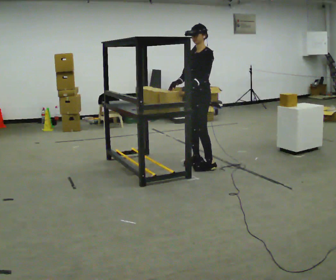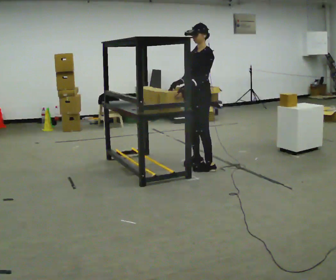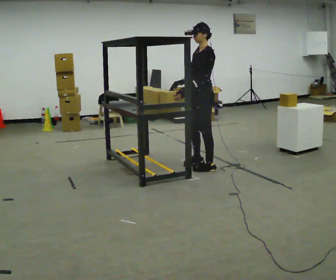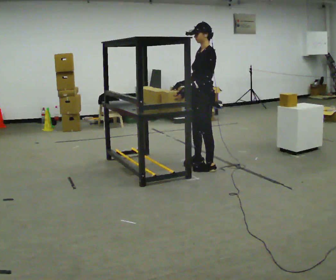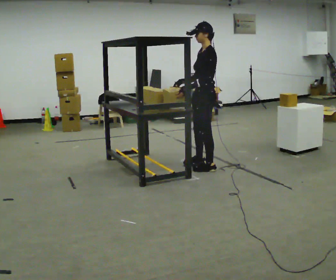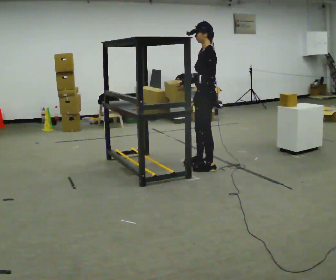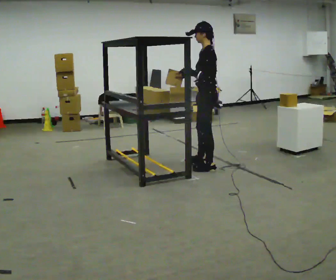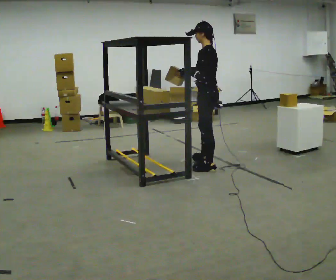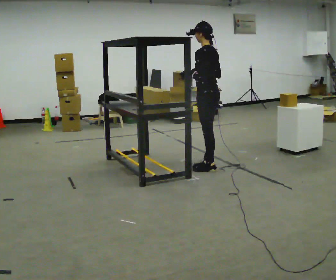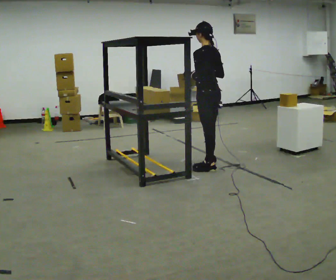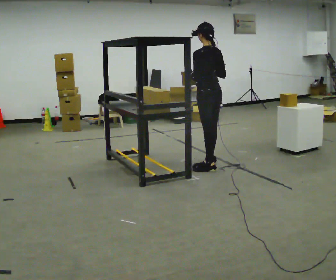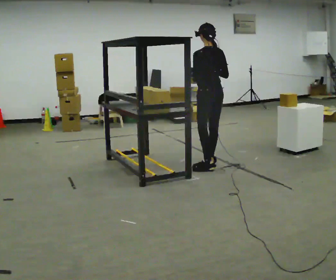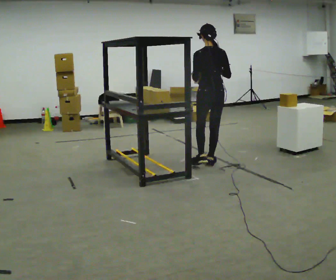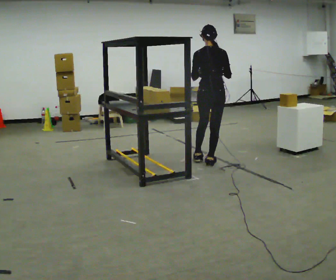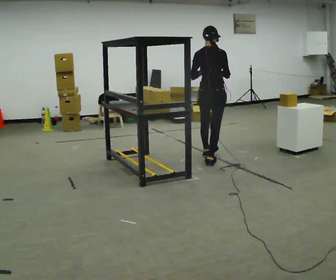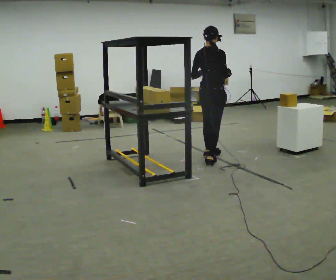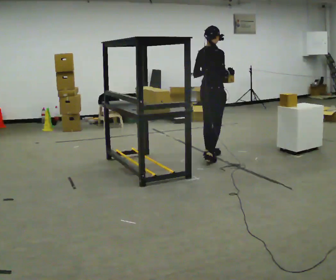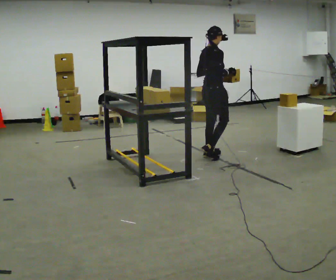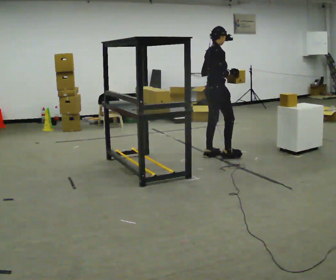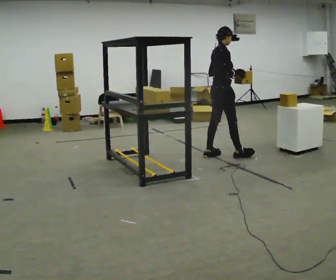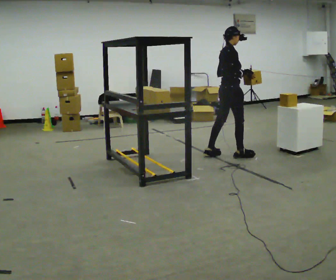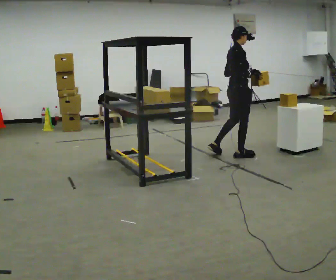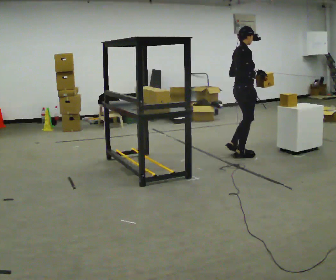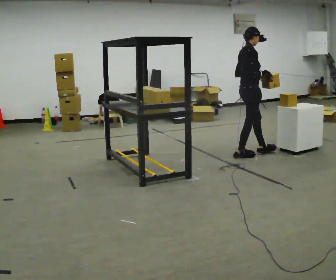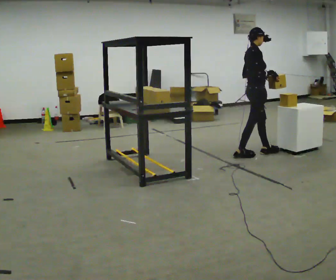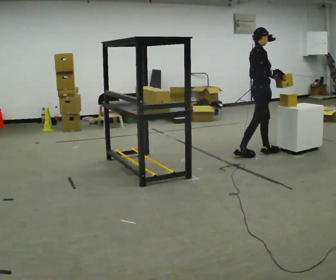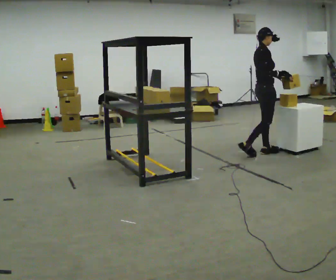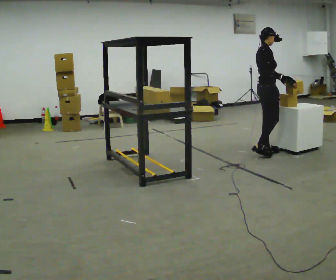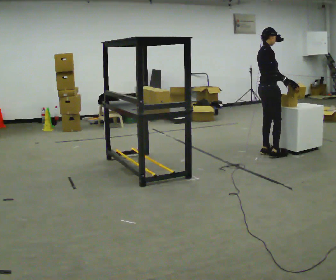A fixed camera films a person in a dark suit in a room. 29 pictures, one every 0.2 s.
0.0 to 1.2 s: The person turns about 60 degrees to their right, clockwise seen from above, so the part of the body nearest the lens slides to the left. In the picture they go toward the camera, about 0.25 m in 1 step, which for them is to their left.
1.2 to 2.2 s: The person turns about 60 degrees to their right, clockwise seen from above, so the part of the body nearest the lens slides to the left. In the picture they go away from the camera, about 0.25 m in 1 step, which for them is to their right.
2.2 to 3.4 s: The person turns about 90 degrees to their right, clockwise seen from above, so the part of the body nearest the lens slides to the left. In the picture they go away from the camera, about 0.5 m in 1 step.
3.4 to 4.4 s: In the picture they go to the right, about 0.5 m in 1 step, which for them is forward.
4.4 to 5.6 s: In the picture they go to the right, about 0.25 m in 1 step, which for them is forward and to their left.
The film runs forward here.
